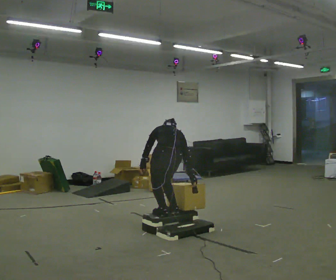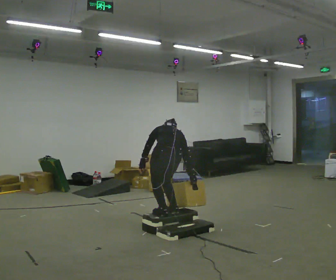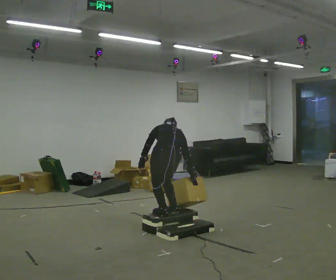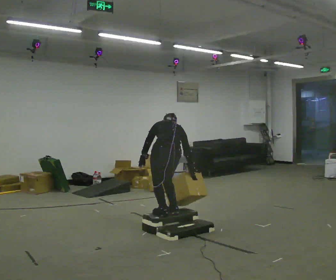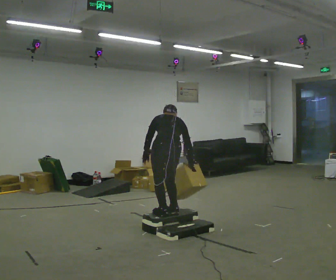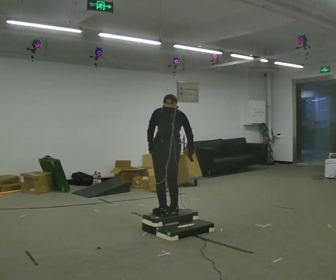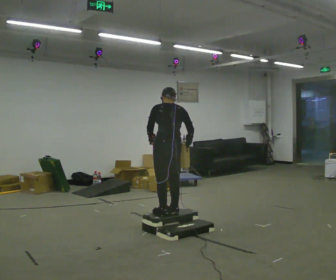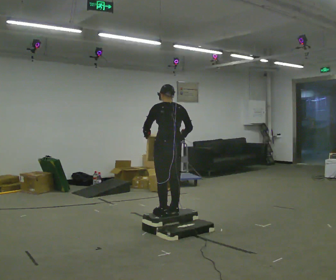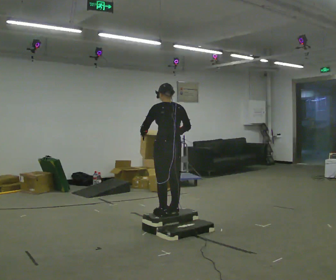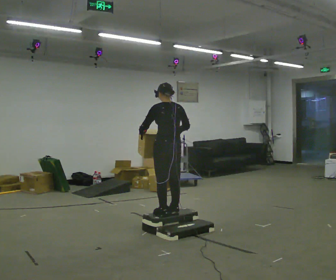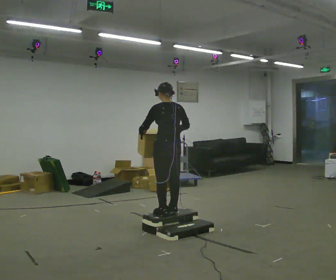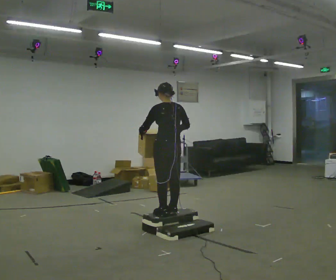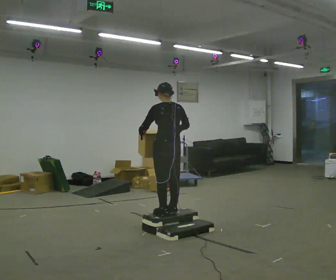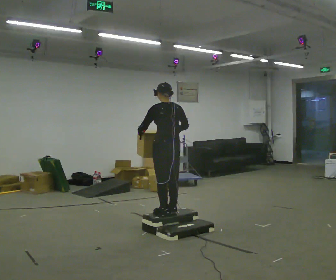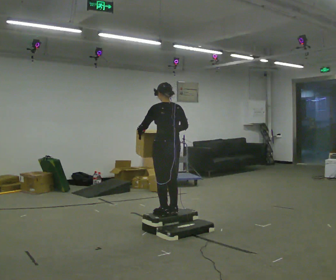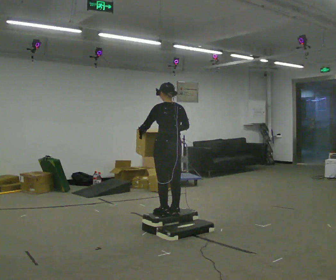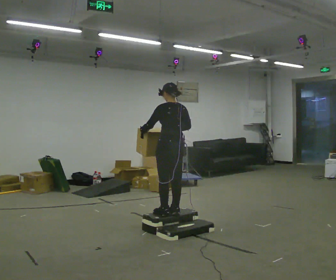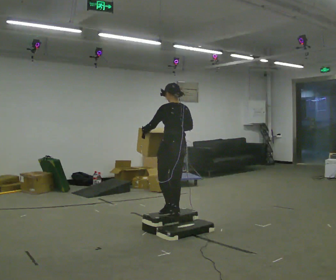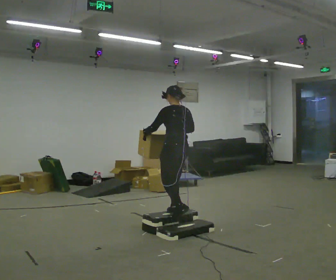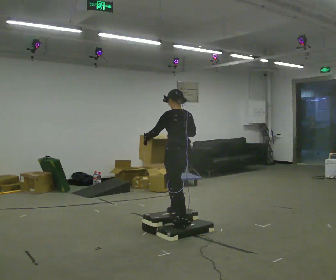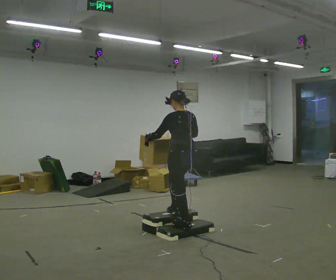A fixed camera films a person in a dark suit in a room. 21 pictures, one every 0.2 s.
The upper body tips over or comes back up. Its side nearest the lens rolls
downward.
0.0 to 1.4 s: The upper body goes upward. The upper body tips toward the camera, its near side rolling downward, as they lean back or straighten. In the picture their right hand goes upward.
1.4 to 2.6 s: The person moves a little, or ends about where they began.
2.6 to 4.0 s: In the picture they go to the right, about 0.25 m in 1 step, which for them is backward.
The film runs backward here.
